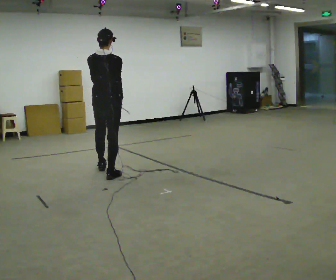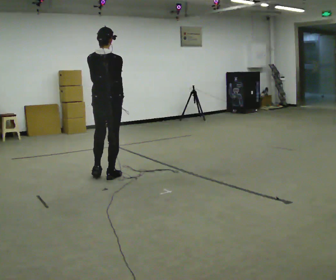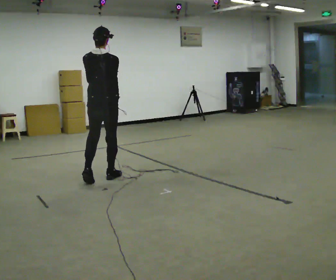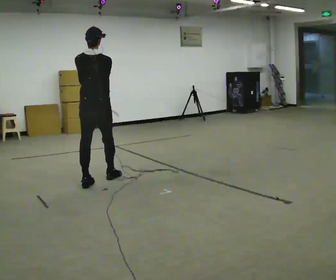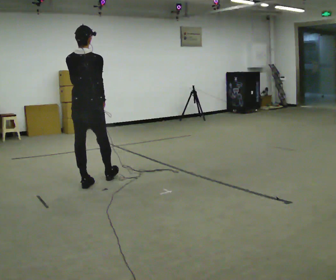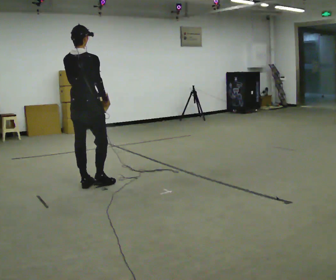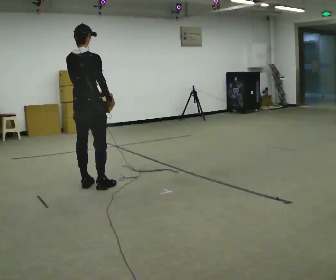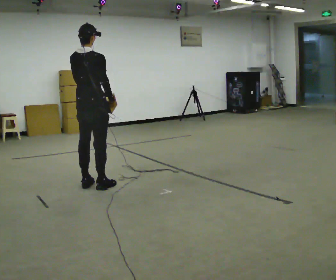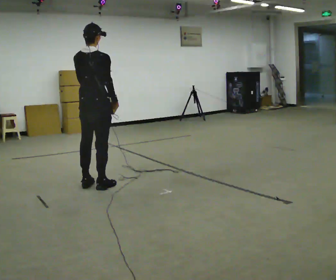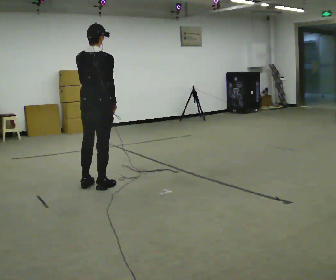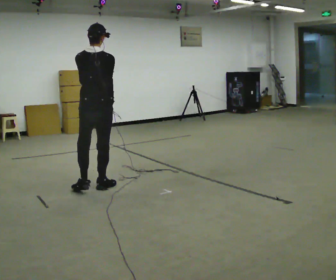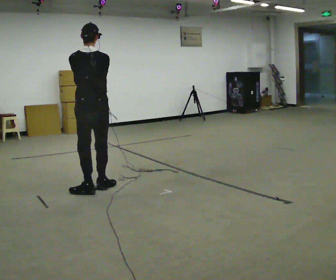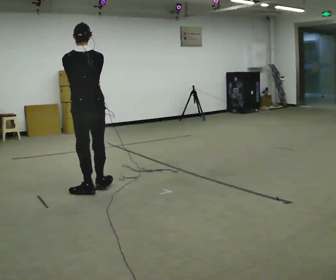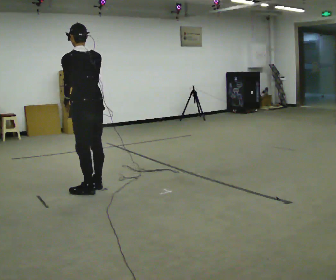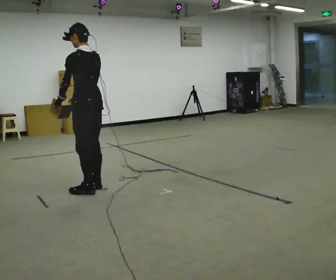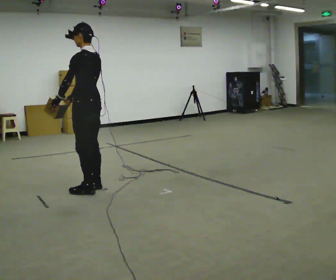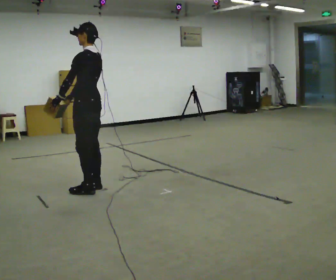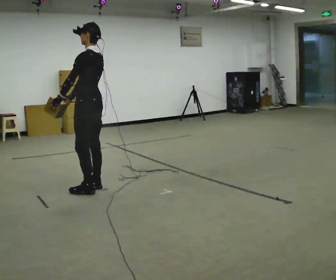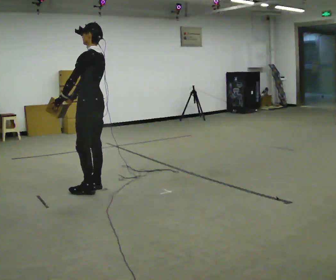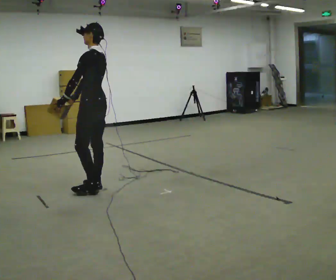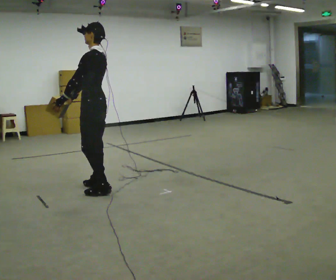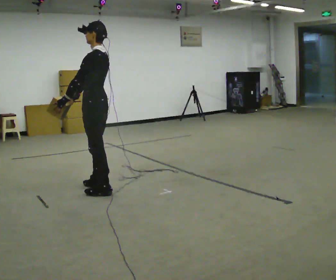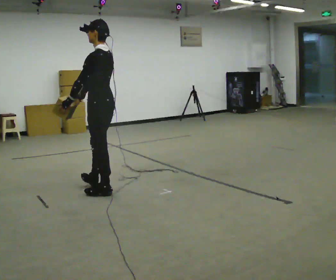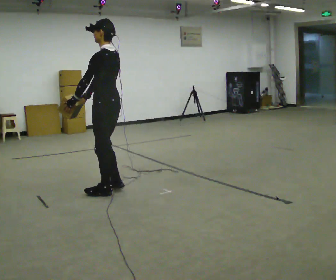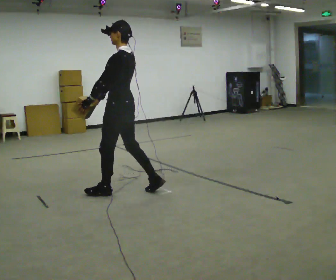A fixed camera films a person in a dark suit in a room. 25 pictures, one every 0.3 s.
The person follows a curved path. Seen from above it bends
counterclockwise.
0.0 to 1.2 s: In the picture they go toward the camera and to the left, about 0.5 m in 1 step, which for them is backward.
1.2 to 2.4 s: The person moves a little, or ends about where they began.
2.4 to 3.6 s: Seen from above the body turns counterclockwise, about 30 degrees: to their left, with its near side sliding to the right. In the picture they go toward the camera, about 0.25 m in 1 step, which for them is backward.
3.6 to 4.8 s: The part of the body nearest the lens slides to the right as the person turns to their left by about 60 degrees.
4.8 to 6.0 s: The person moves a little, or ends about where they began.
6.0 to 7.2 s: In the picture they go to the right and toward the camera, about 0.25 m in 1 step, which for them is backward.
The film runs backward here.
